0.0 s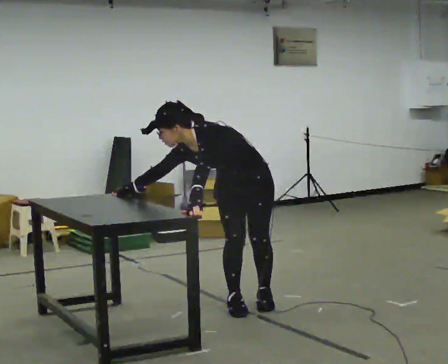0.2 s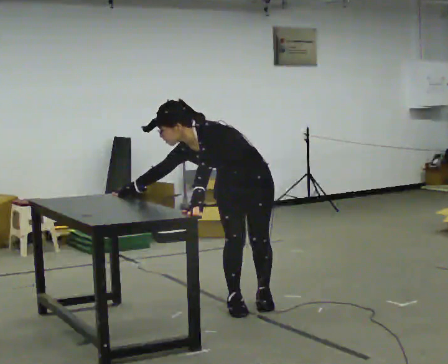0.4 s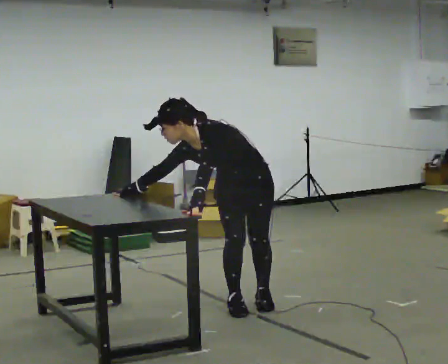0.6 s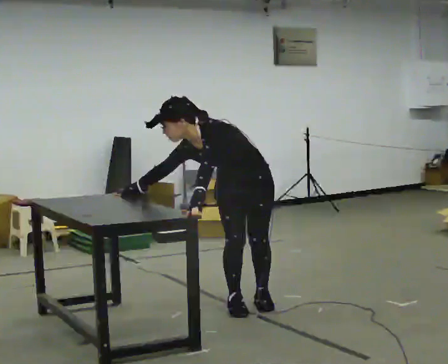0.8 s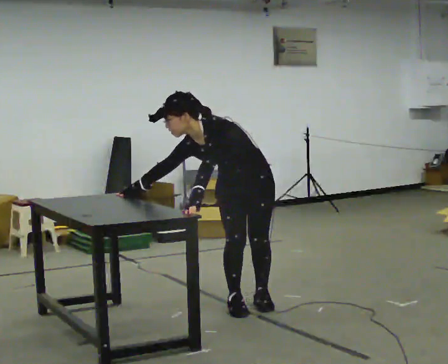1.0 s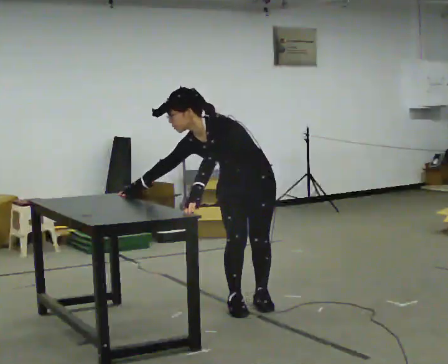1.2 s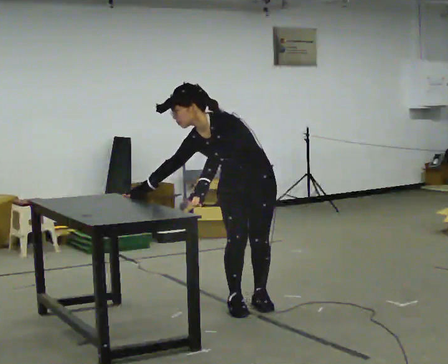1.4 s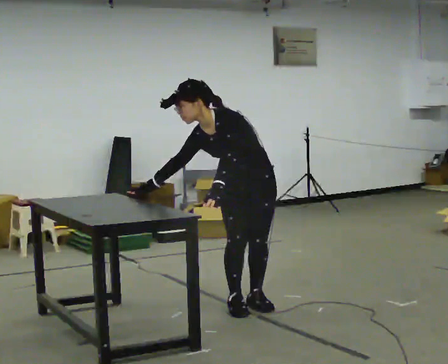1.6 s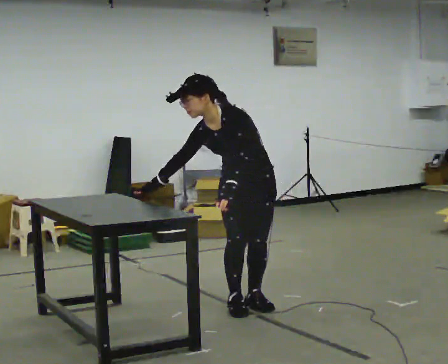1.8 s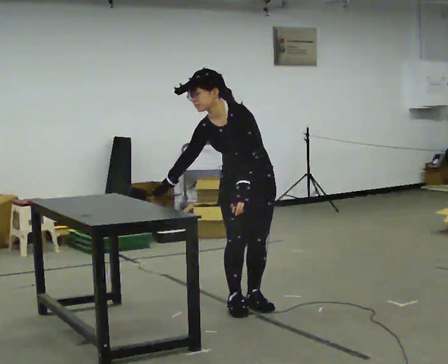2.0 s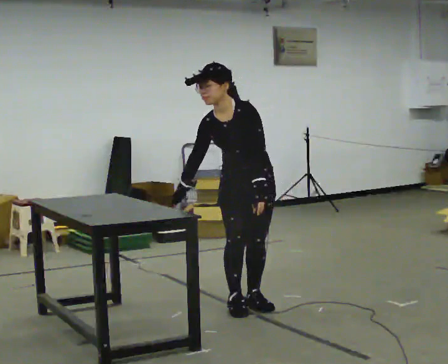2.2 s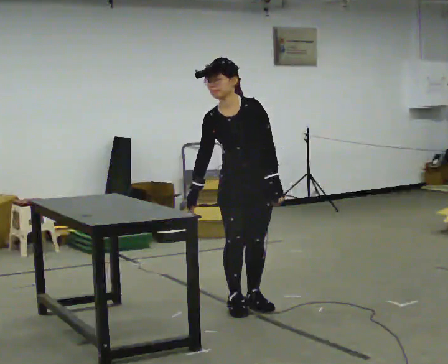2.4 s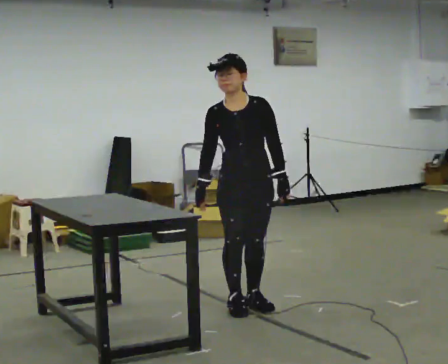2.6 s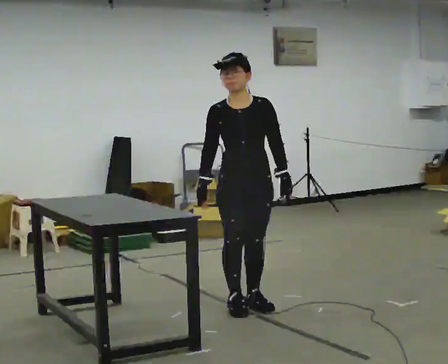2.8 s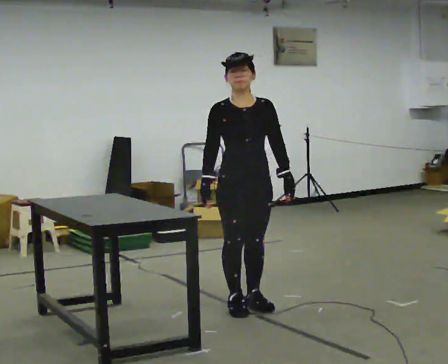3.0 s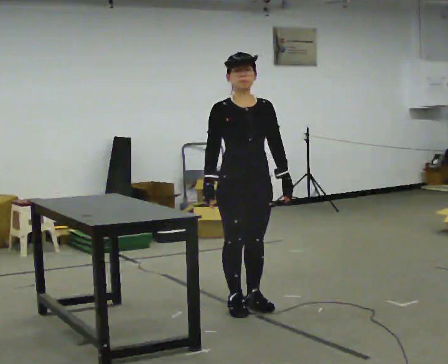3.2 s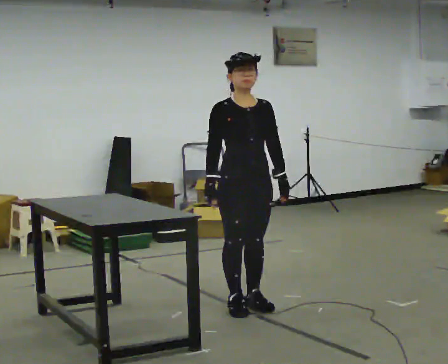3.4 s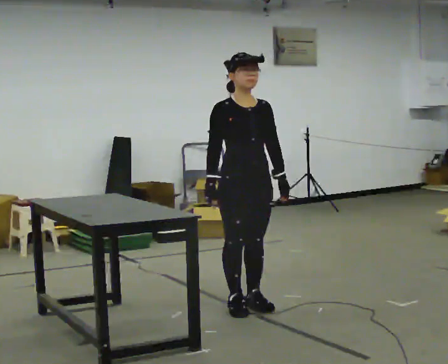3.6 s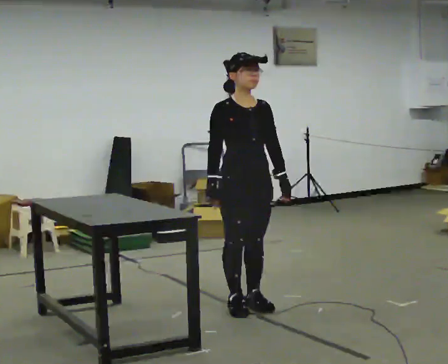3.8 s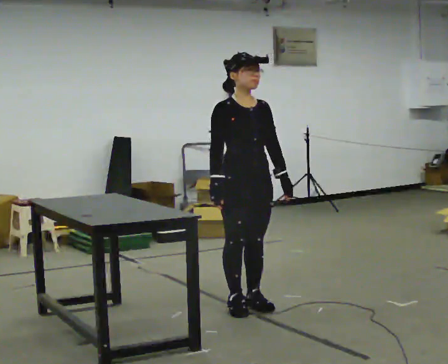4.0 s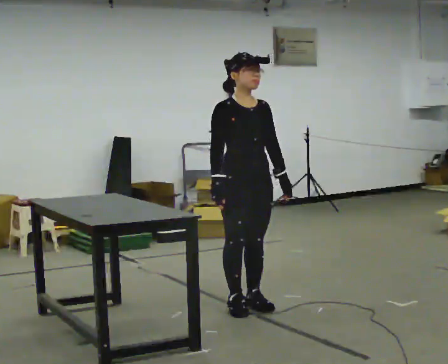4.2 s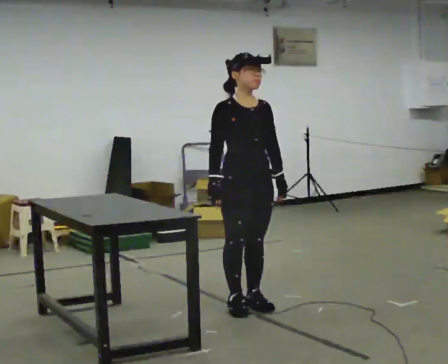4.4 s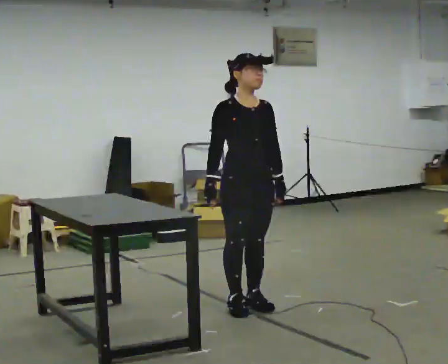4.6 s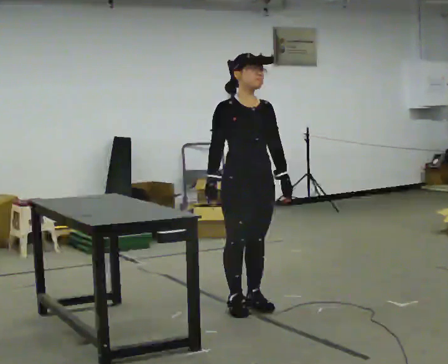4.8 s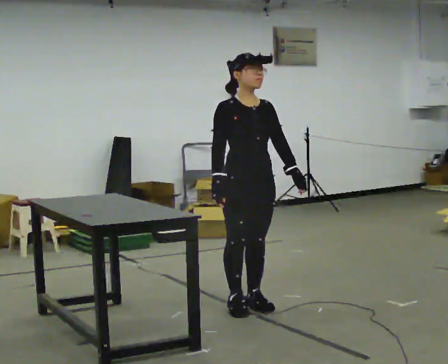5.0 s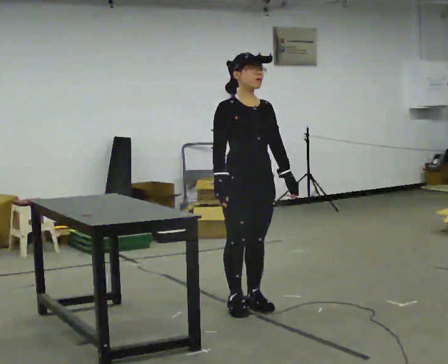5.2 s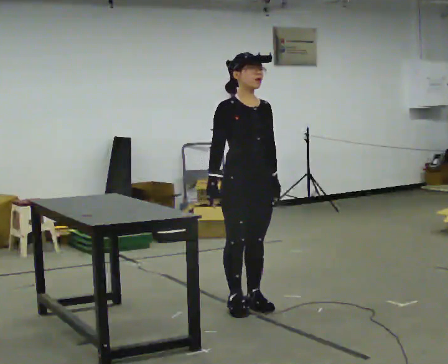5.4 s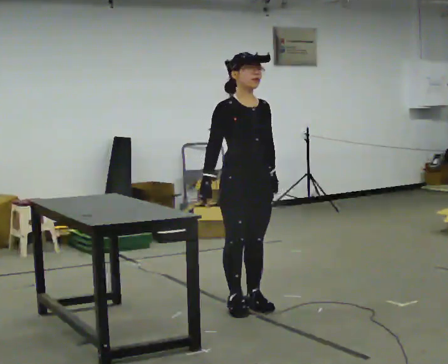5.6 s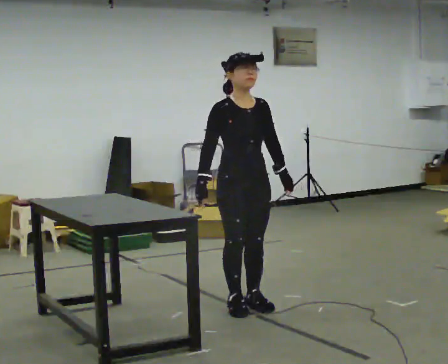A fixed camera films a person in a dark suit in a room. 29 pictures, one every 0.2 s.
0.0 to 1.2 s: In the picture the upper body tilts clockwise, shoulders to the right, as they lean back or straighten.
1.2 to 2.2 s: In the picture the upper body tilts clockwise, shoulders to the right, as they lean back or straighten. In the picture their left hand goes to the right.
2.2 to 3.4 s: Seen from above the body turns counterclockwise, about 30 degrees: to their left, with its near side sliding to the right. The upper body tips away from the camera, its near side rolling upward, as they lean back or straighten.
3.4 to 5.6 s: The person moves a little, or ends about where they began.
The film runs backward here.
